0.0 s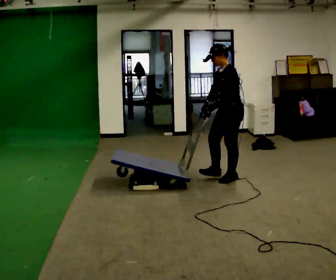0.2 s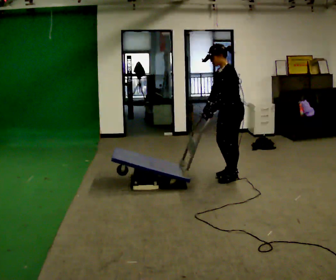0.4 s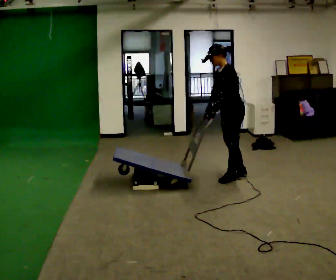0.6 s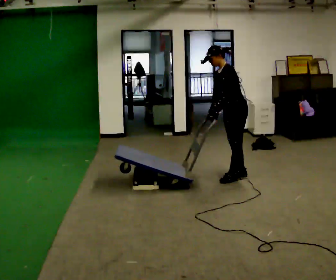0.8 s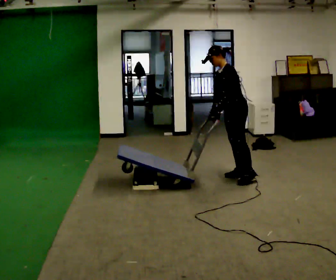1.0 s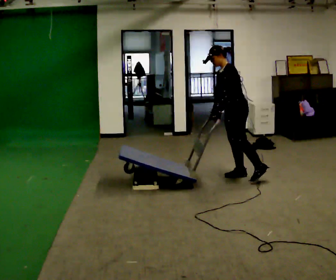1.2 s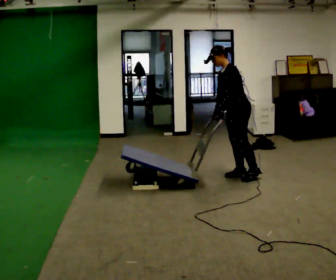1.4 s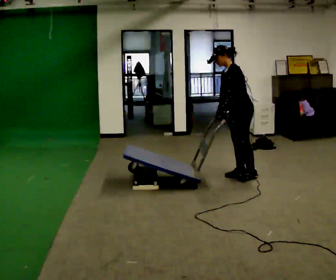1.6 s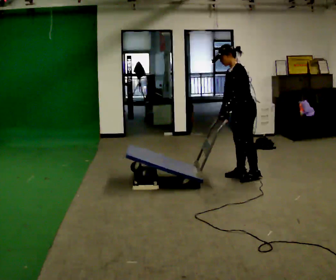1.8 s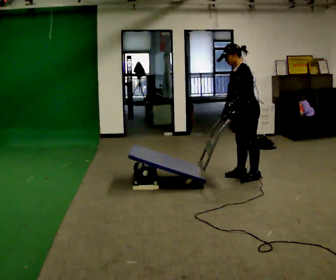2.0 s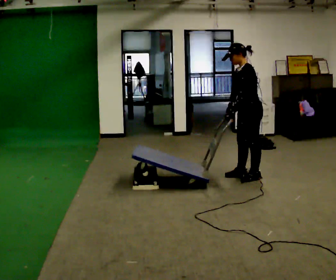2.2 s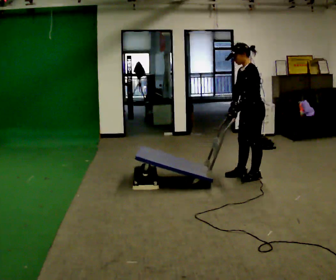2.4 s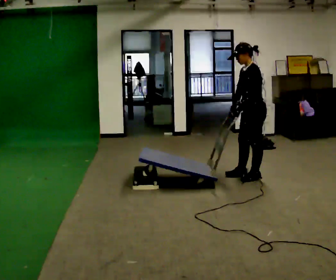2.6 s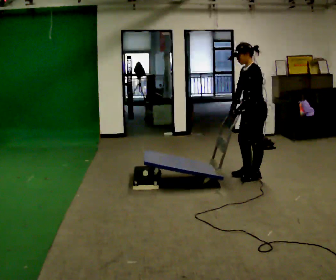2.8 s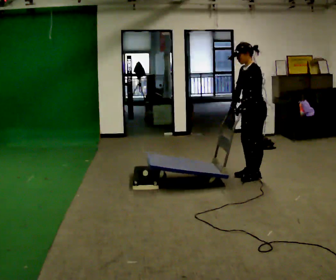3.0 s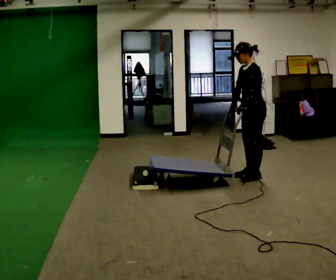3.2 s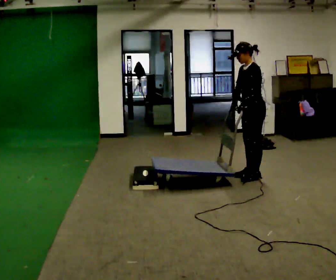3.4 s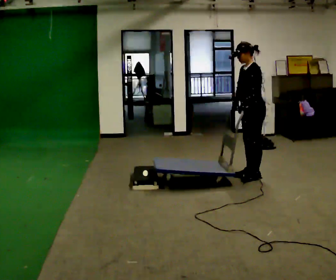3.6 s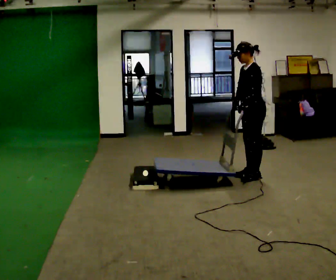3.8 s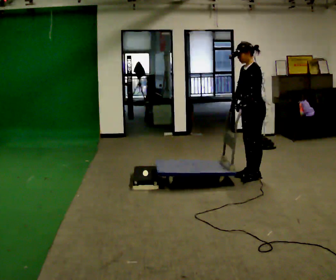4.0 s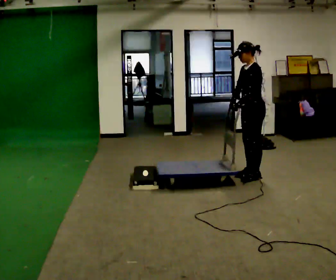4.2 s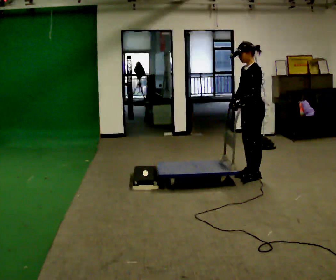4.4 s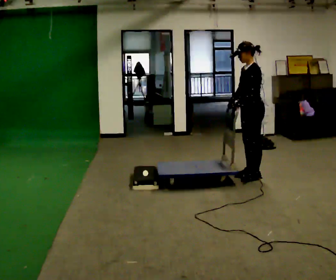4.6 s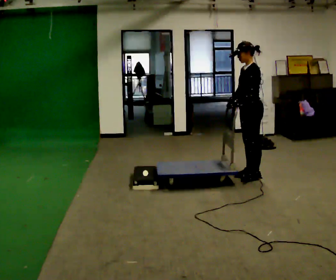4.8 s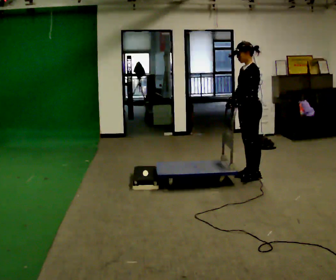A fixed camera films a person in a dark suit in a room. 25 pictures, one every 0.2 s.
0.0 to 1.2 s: The person moves a little, or ends about where they began.
1.2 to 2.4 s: In the picture they go to the right, about 0.25 m in 1 step, which for them is backward and to their left.
2.4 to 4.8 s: The person moves a little, or ends about where they began.
The film runs forward here.
